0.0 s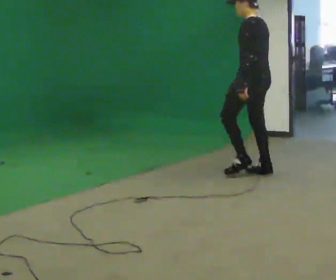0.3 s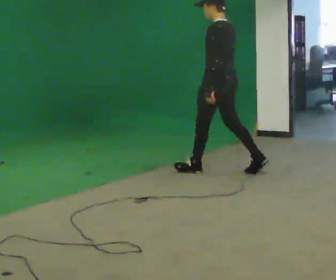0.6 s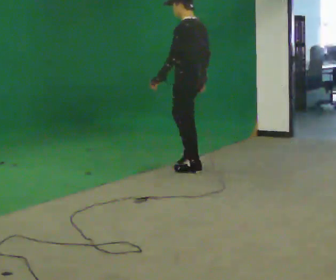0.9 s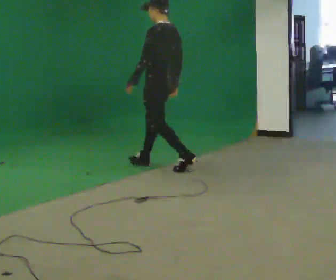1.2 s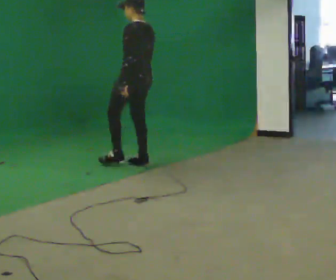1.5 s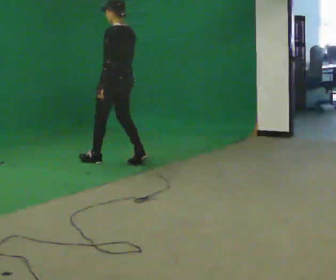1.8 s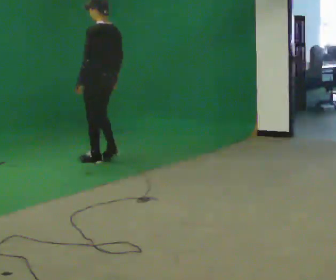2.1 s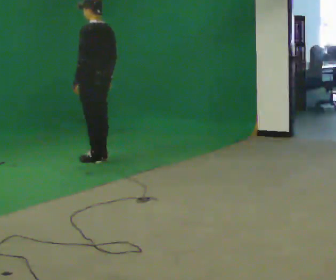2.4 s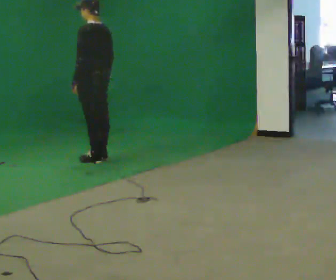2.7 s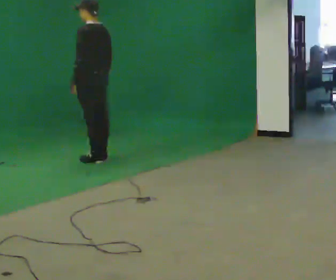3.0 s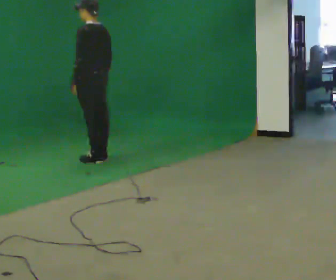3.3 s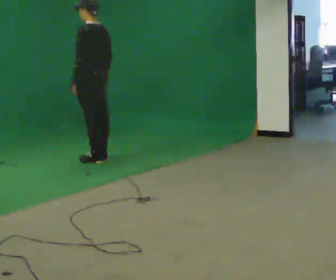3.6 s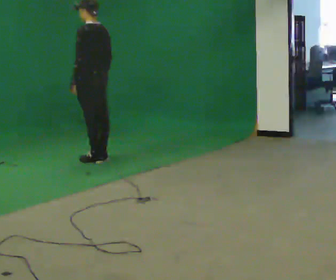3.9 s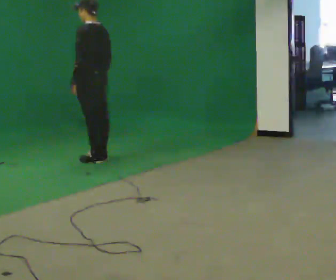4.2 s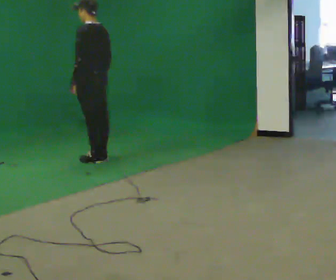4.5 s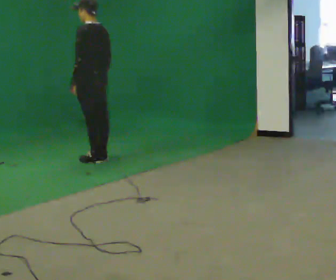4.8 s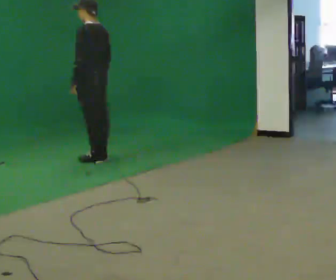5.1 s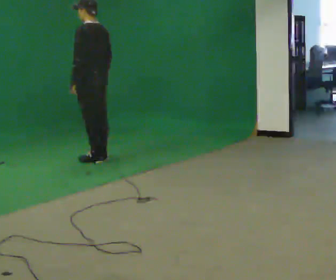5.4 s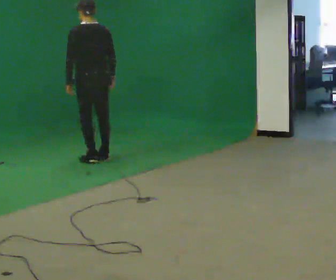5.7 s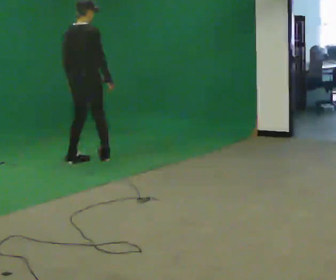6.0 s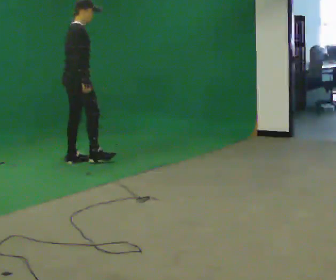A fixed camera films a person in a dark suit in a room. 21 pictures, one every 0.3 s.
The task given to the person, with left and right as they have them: Walk straight; turn around and walk back; use wide or tight turn.
0.0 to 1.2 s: In the picture they go to the left and away from the camera, about 1.5 m in 2 steps, which for them is forward.
1.2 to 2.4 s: In the picture they go to the left and away from the camera, about 0.5 m in 2 steps, which for them is forward.
2.4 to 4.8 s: The person moves a little, or ends about where they began.
4.8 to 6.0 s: The person turns about 120 degrees to their right, clockwise seen from above, so the part of the body nearest the lens slides to the left. In the picture they go to the left, about 0.25 m in 1 step.
The film runs forward here.
